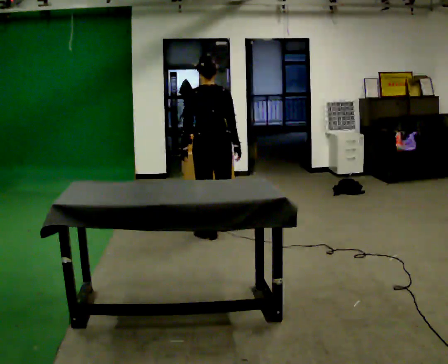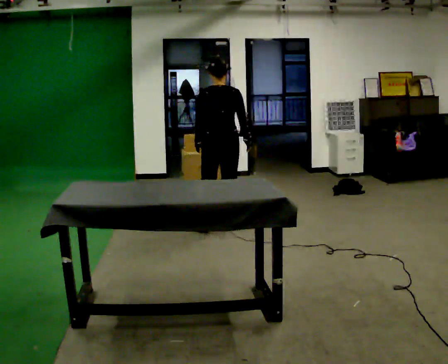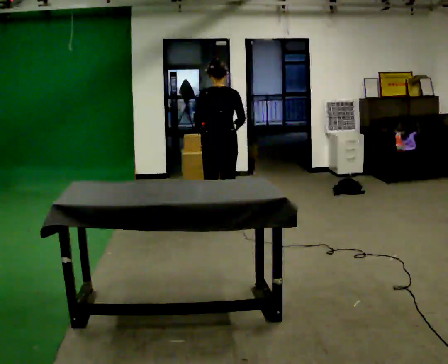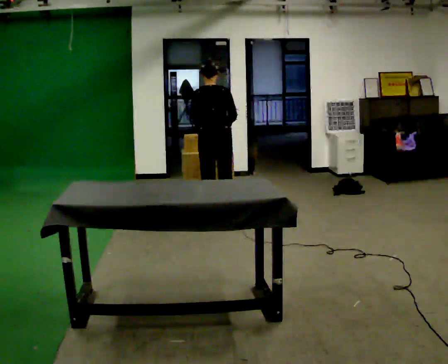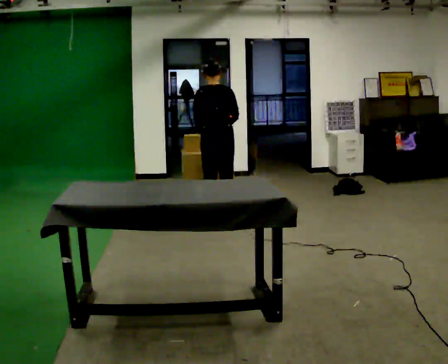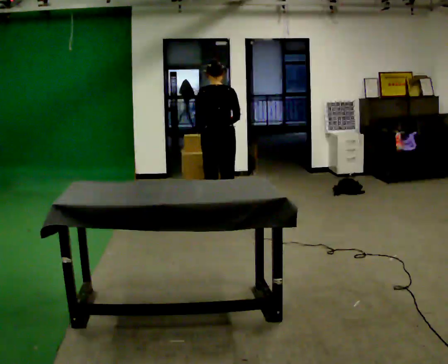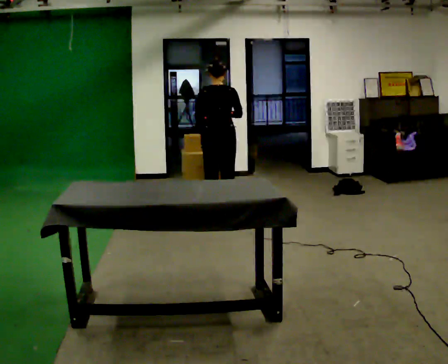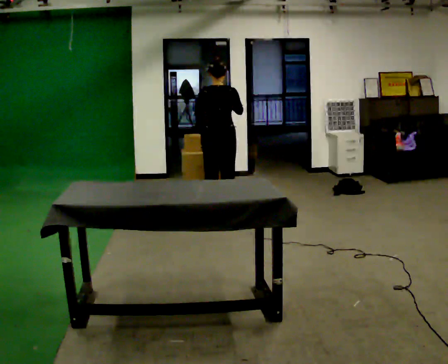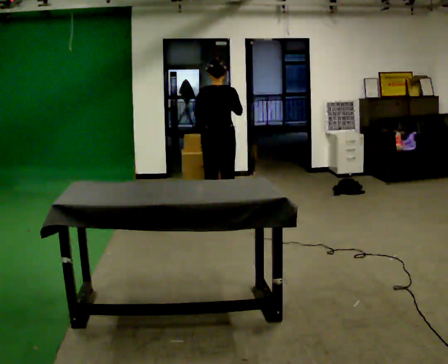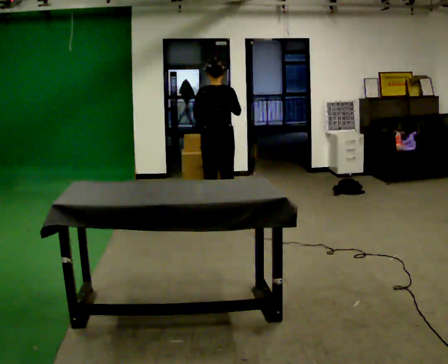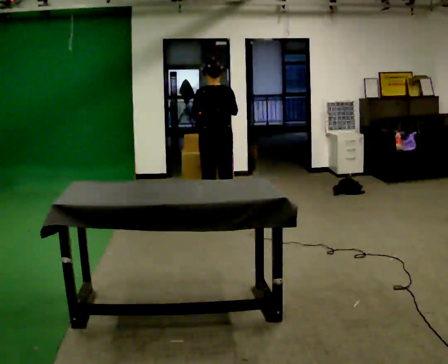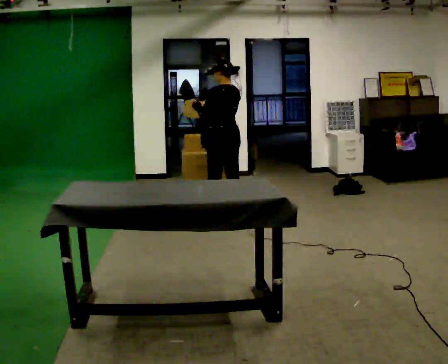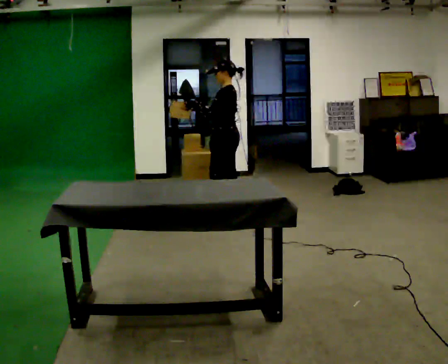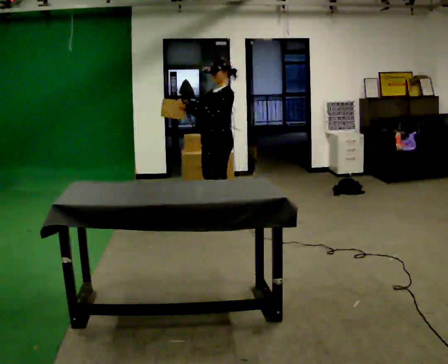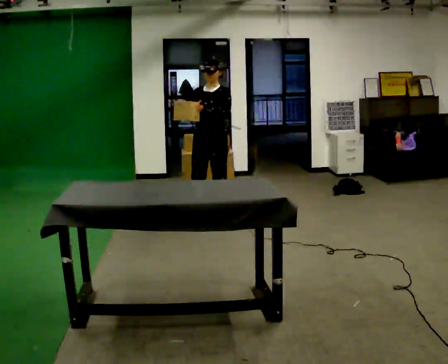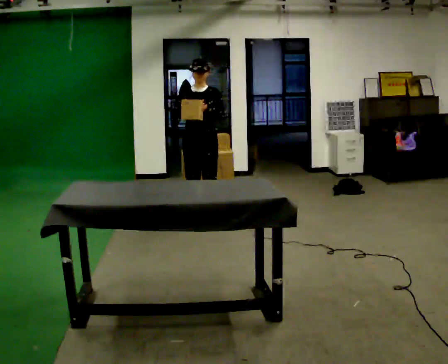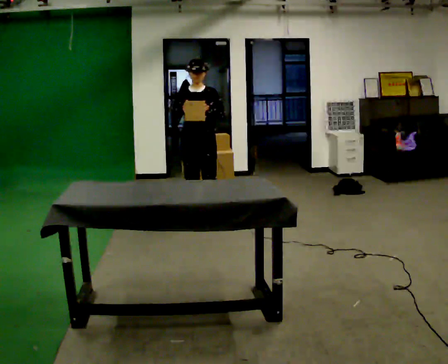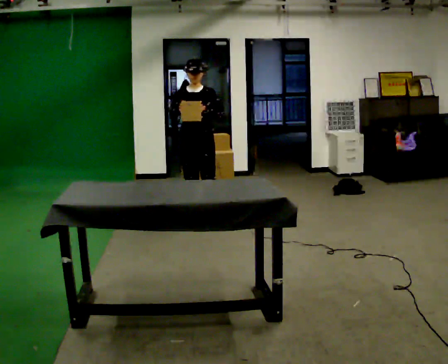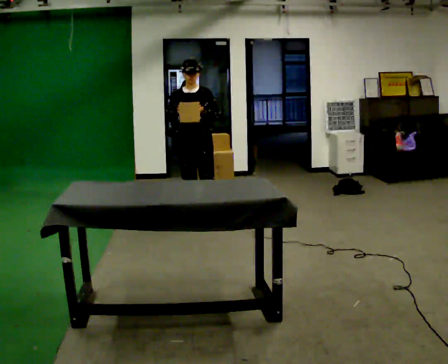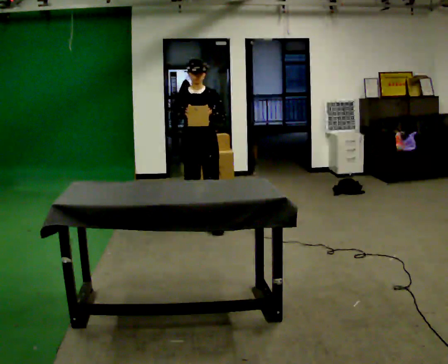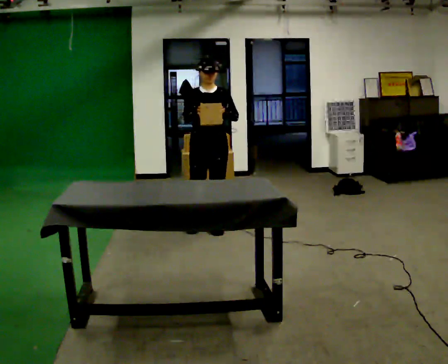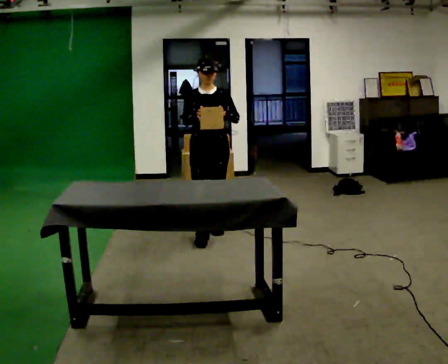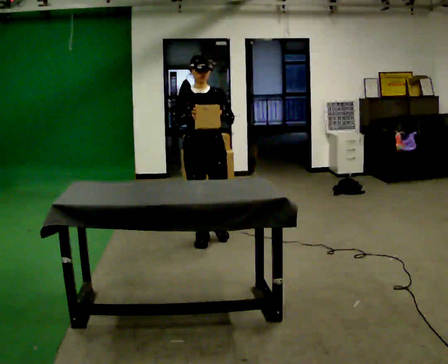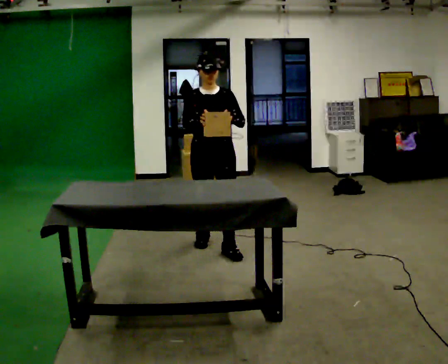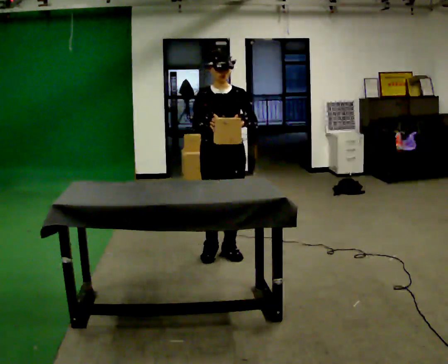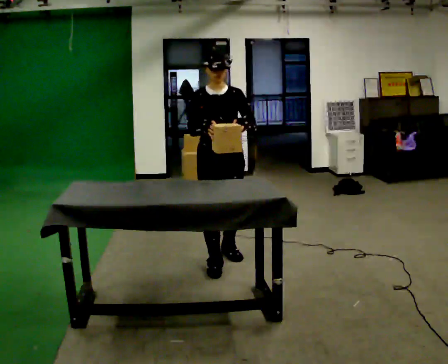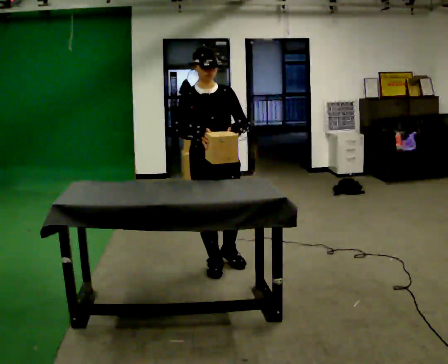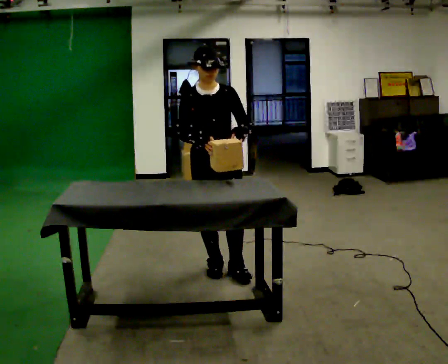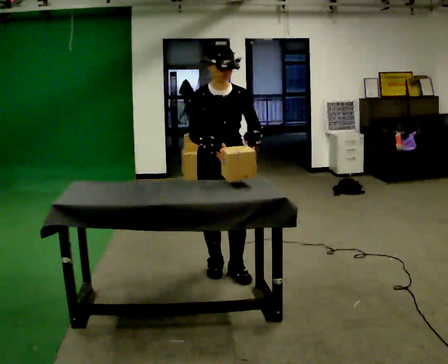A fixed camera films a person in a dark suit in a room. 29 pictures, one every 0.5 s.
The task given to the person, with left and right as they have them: Pick up the next box in the row and carry it to the table. The operator will not tell you how heavy each one is. Keep going until the operator says stop; one object at a time, and do not rush between trips.
0.0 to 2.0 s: In the picture they go away from the camera, about 0.75 m in 2 steps, which for them is forward.
2.0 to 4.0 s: The person moves a little, or ends about where they began.
4.0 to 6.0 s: The person turns about 90 degrees to their left, counterclockwise seen from above, so the part of the body nearest the lens slides to the right.
6.0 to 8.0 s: The person turns about 90 degrees to their left, counterclockwise seen from above, so the part of the body nearest the lens slides to the right. In the picture they go to the left and toward the camera, about 0.25 m in 1 step.
8.0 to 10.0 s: In the picture they go toward the camera, about 0.25 m in 1 step, which for them is forward.
10.0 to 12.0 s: In the picture they go toward the camera, about 0.75 m in 2 steps, which for them is forward.
12.0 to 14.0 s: In the picture they go toward the camera, about 0.5 m in 2 steps, which for them is forward.
The film runs forward here.
